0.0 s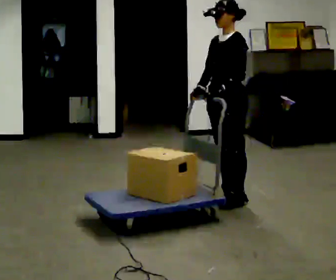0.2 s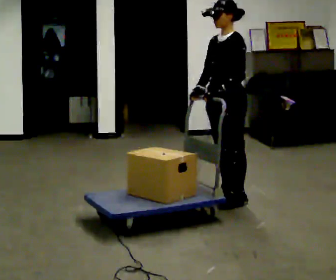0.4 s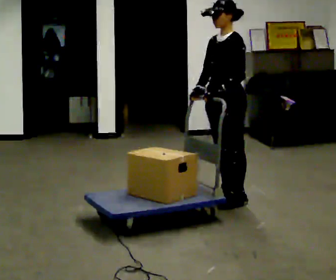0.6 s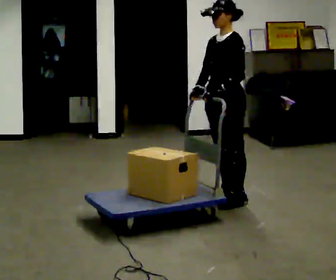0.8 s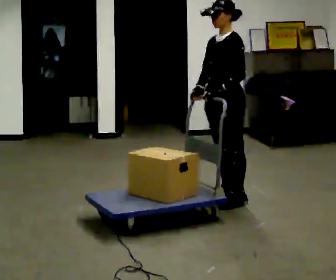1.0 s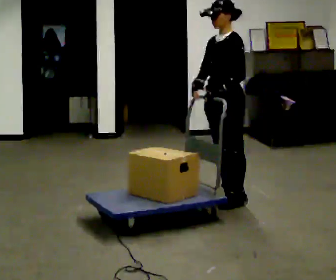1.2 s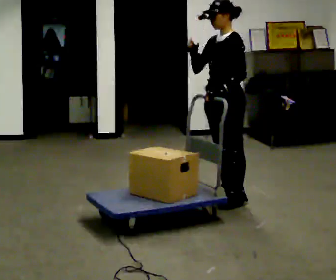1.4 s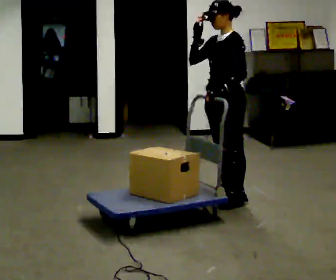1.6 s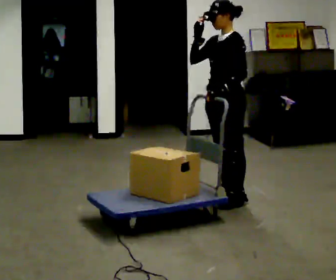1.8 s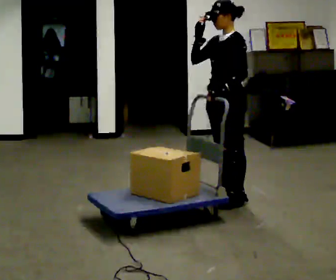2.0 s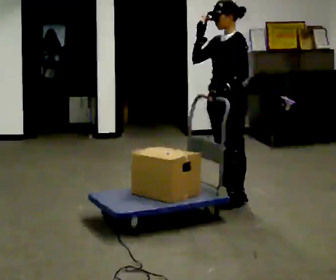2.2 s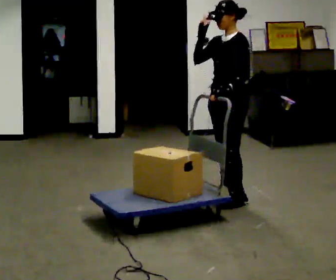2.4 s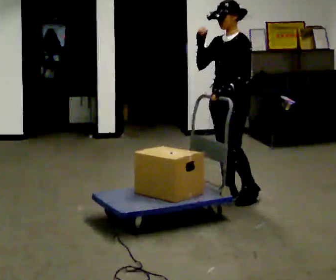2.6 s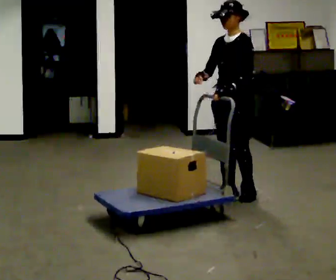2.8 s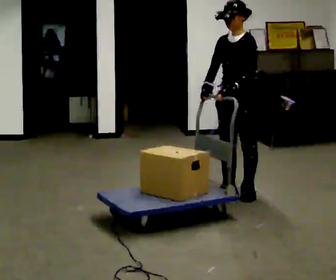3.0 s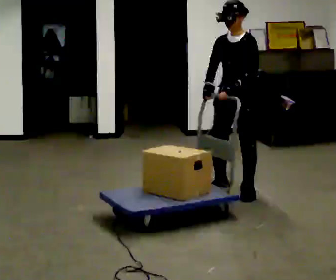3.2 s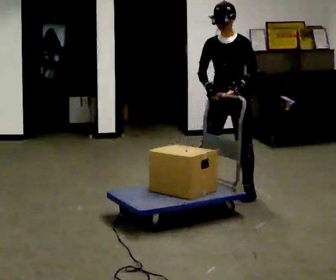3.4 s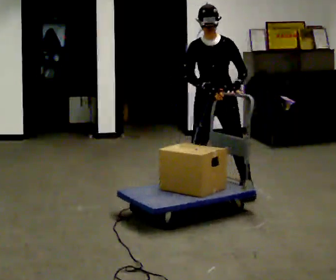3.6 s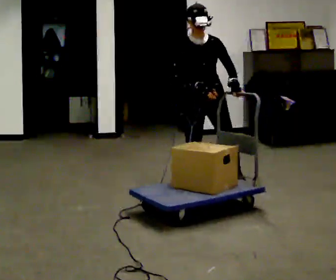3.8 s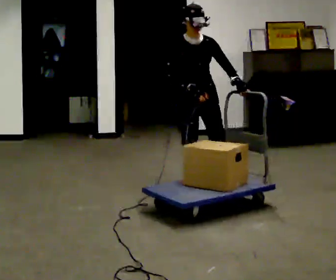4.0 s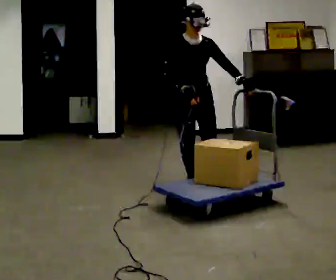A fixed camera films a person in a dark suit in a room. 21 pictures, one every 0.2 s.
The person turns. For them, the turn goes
to their left.
The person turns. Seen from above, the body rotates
counterclockwise.
0.0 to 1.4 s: In the picture their right hand goes upward.
1.4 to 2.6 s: The person moves a little, or ends about where they began.
2.6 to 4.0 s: The person turns about 75 degrees to their left, counterclockwise seen from above, so the part of the body nearest the lens slides to the right. In the picture they go to the left and away from the camera, about 0.5 m in 2 steps.
The film runs backward here.
